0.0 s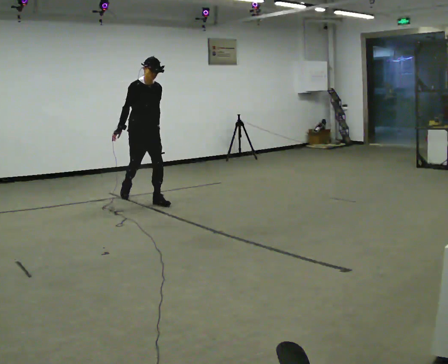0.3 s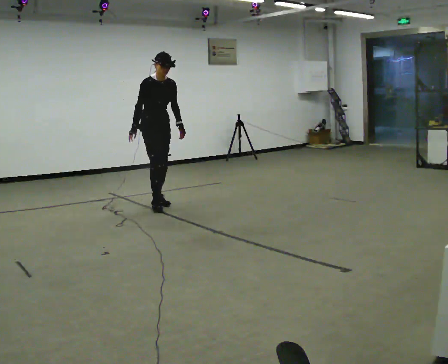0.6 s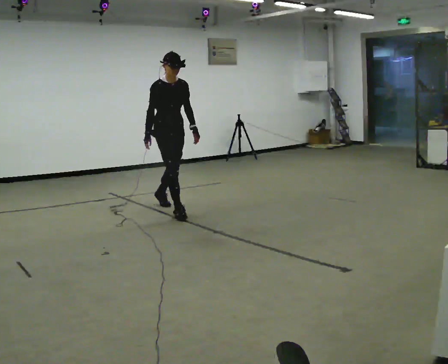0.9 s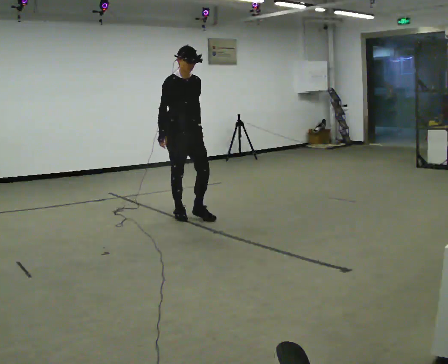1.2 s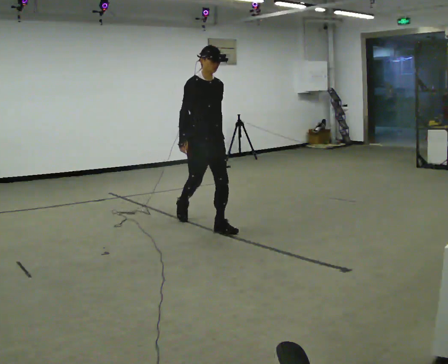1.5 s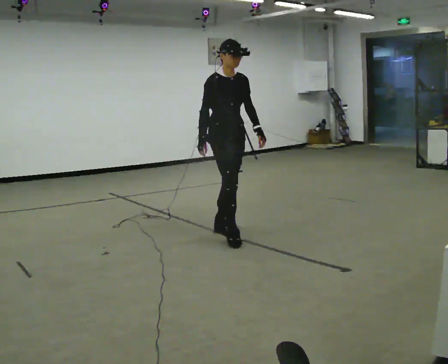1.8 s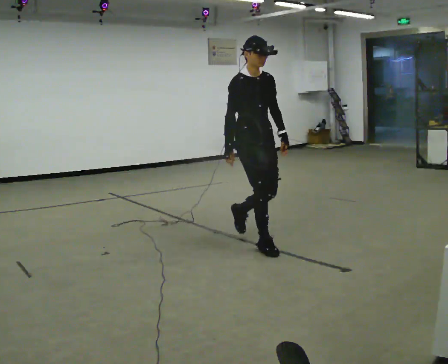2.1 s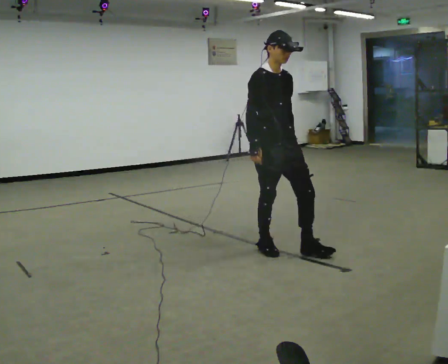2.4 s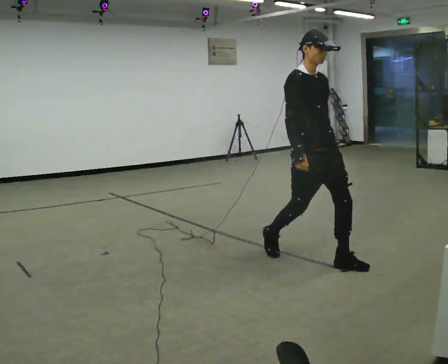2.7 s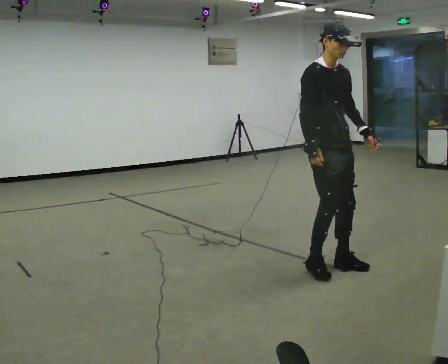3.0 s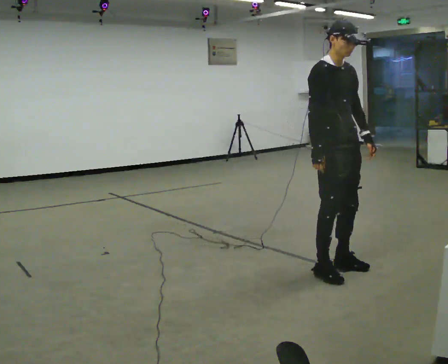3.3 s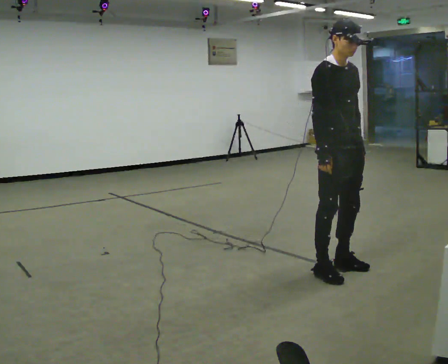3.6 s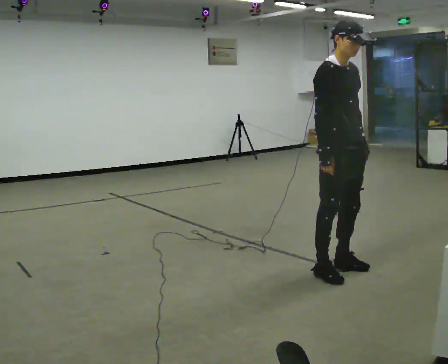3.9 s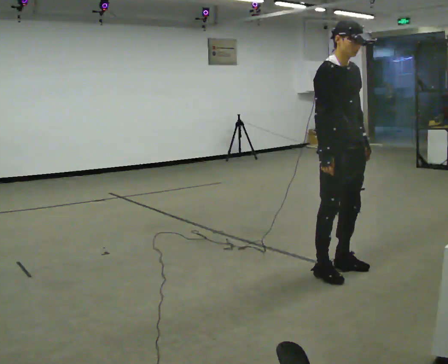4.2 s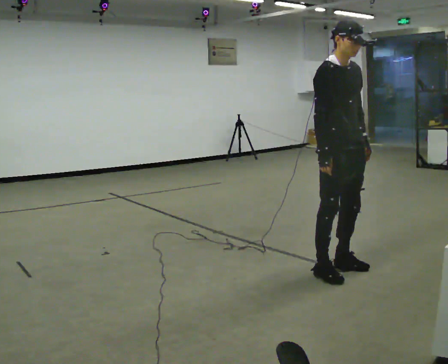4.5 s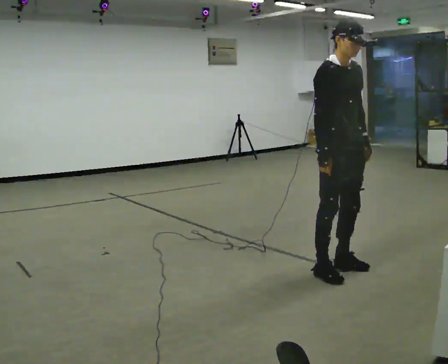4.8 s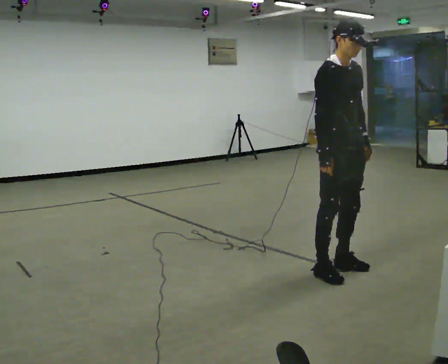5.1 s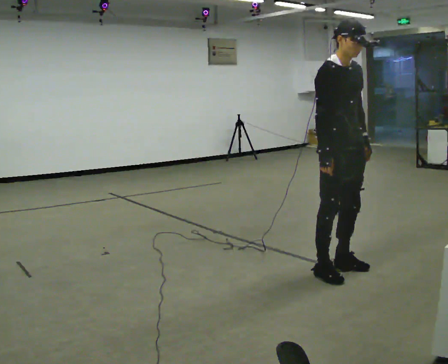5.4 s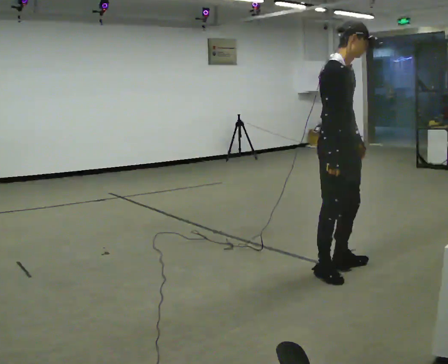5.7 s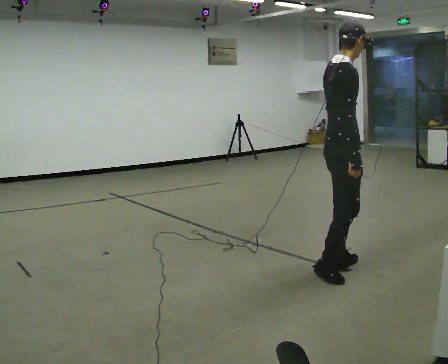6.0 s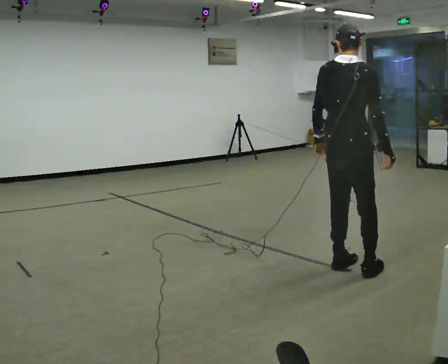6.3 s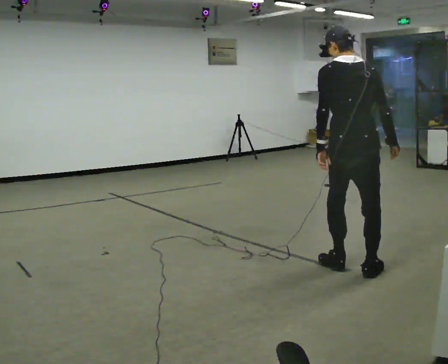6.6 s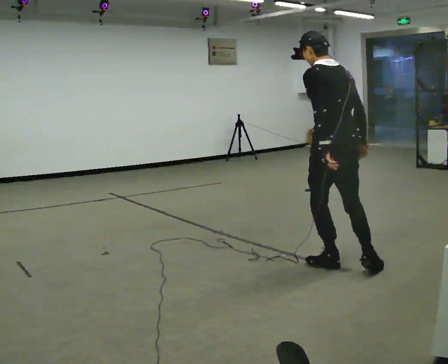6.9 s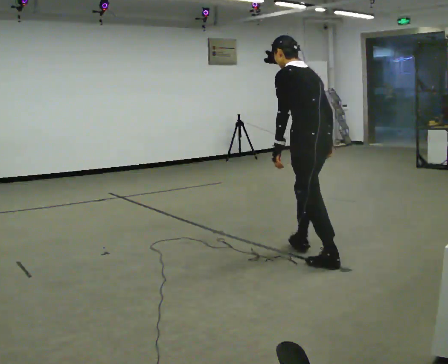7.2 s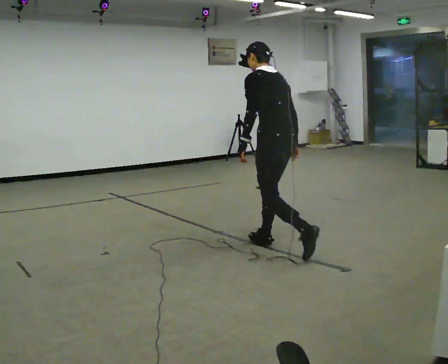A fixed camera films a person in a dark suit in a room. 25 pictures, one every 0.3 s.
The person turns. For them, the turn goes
to their left.
The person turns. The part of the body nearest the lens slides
to the right.
0.0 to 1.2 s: In the picture they go toward the camera and to the right, about 1.5 m in 2 steps, which for them is forward.
1.2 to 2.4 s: In the picture they go toward the camera and to the right, about 1.5 m in 2 steps, which for them is forward.
2.4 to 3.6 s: In the picture they go toward the camera and to the right, about 0.25 m in 1 step, which for them is forward.
3.6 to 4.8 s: The person keeps their place and pose.
4.8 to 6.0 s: Seen from above the body turns counterclockwise, about 105 degrees: to their left, with its near side sliding to the right. In the picture their left hand goes to the left, the arm swinging clockwise.
6.0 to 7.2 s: Seen from above the body turns counterclockwise, about 75 degrees: to their left, with its near side sliding to the right. In the picture they go away from the camera and to the left, about 1 m in 1 step. In the picture the upper body tilts counterclockwise, shoulders to the left.
The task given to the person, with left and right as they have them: Walk normally; at marked point stop as quickly as comfortably possible; remain still.
The film runs forward here.
